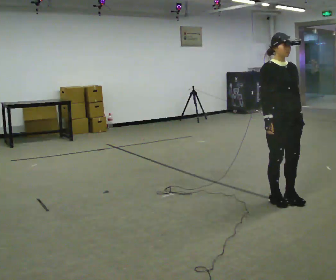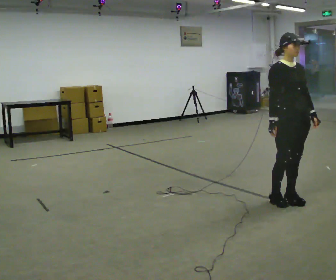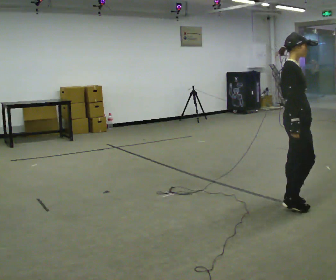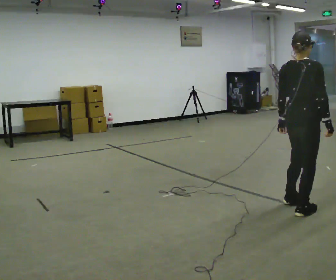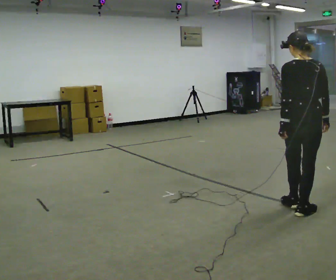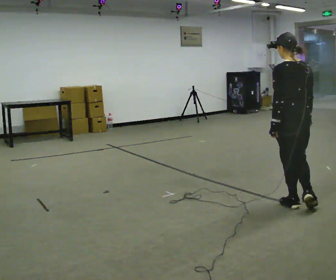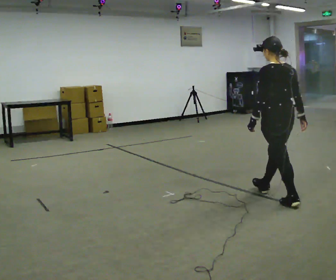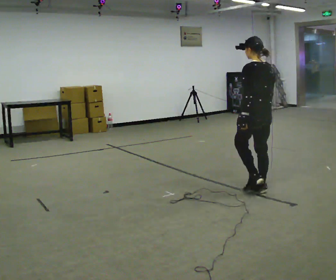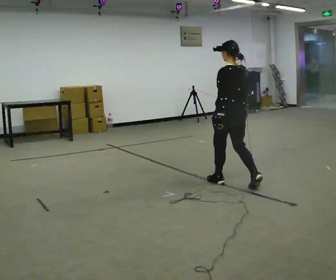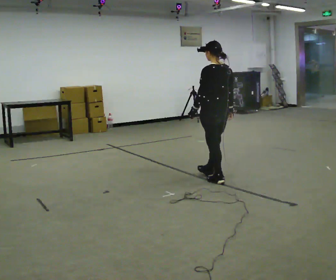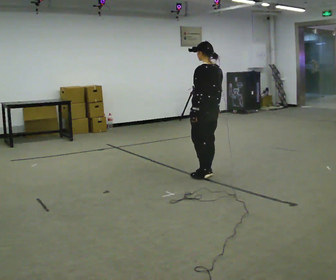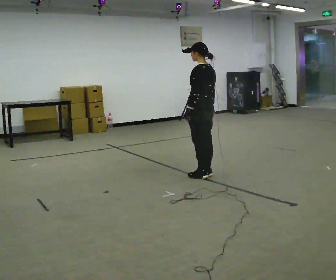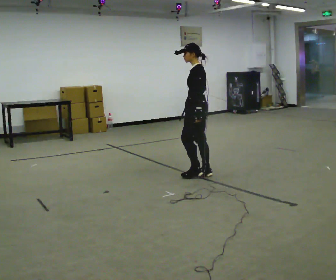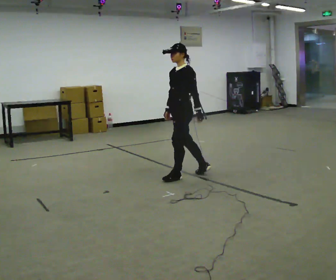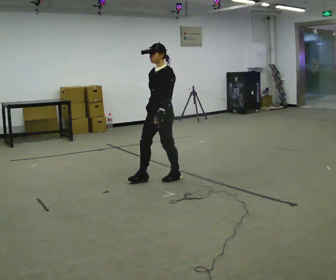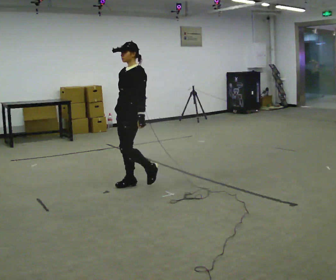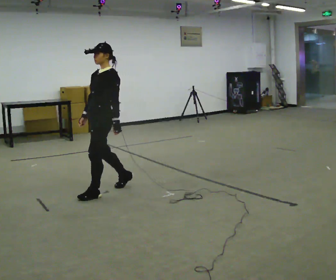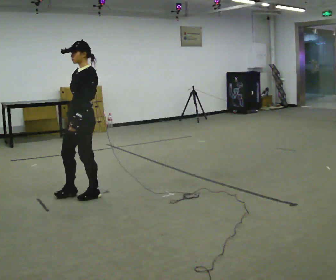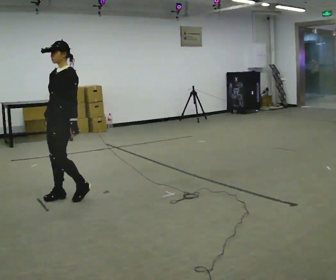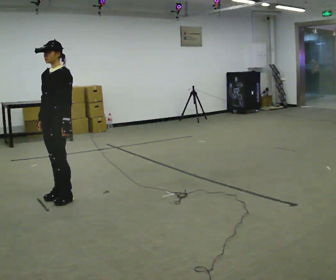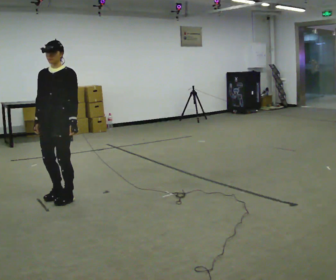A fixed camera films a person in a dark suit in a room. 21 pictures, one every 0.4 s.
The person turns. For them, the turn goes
to their left.
The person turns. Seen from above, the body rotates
counterclockwise.
0.0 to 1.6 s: The part of the body nearest the lens slides to the right as the person turns to their left by about 165 degrees. In the picture they go toward the camera and to the right, about 0.25 m in 2 steps.
1.6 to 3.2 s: The person turns about 30 degrees to their left, counterclockwise seen from above, so the part of the body nearest the lens slides to the right. In the picture they go away from the camera and to the left, about 1 m in 2 steps, which for them is forward.
3.2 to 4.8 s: The person turns about 60 degrees to their left, counterclockwise seen from above, so the part of the body nearest the lens slides to the right. In the picture they go away from the camera and to the left, about 0.5 m in 2 steps, which for them is forward.
4.8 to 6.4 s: The person turns about 30 degrees to their left, counterclockwise seen from above, so the part of the body nearest the lens slides to the right. In the picture they go to the left and toward the camera, about 1 m in 3 steps, which for them is forward.
6.4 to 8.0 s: The part of the body nearest the lens slides to the right as the person turns to their left by about 45 degrees. In the picture they go to the left and toward the camera, about 0.5 m in 2 steps, which for them is forward.
The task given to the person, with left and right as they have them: Walk straight; turn 90° left/right while continuing to walk; continue.
The film runs forward here.
